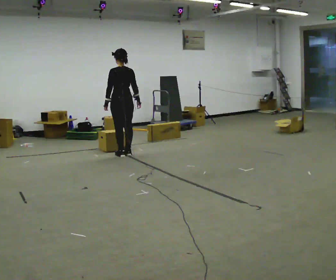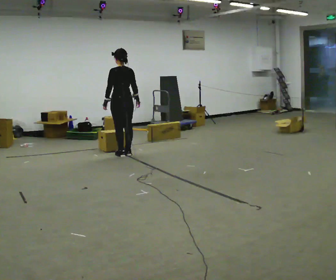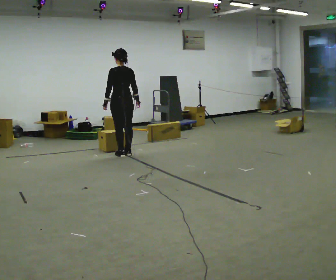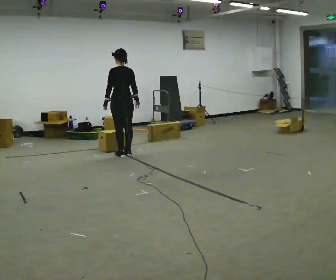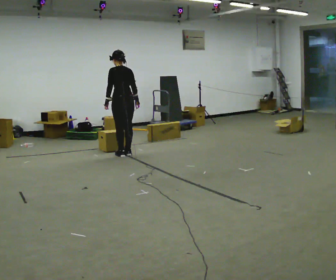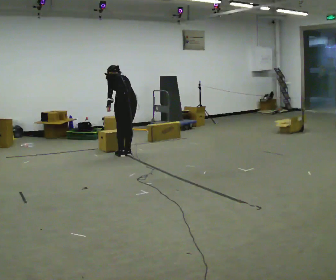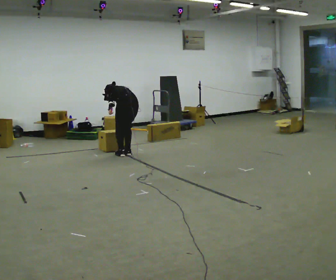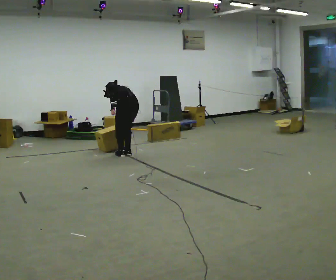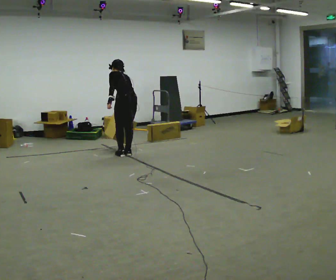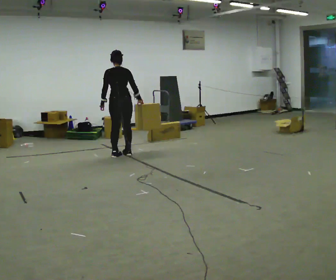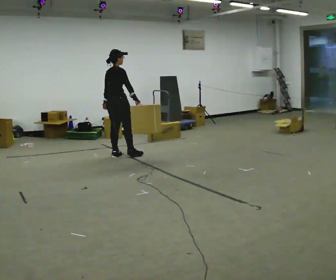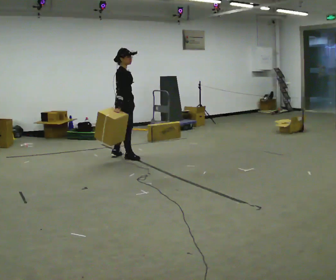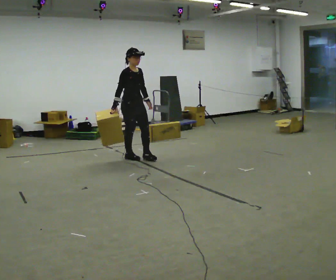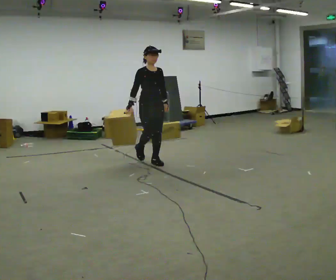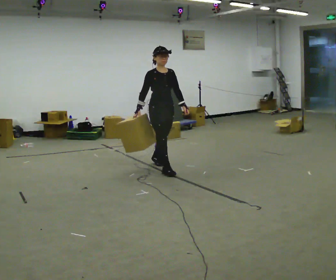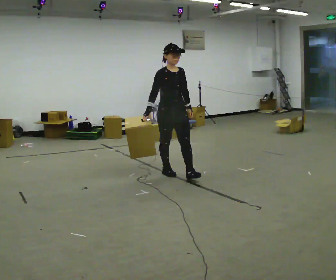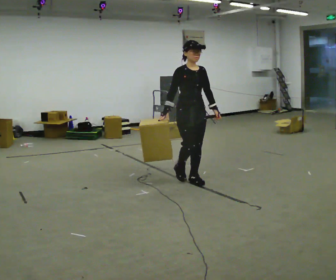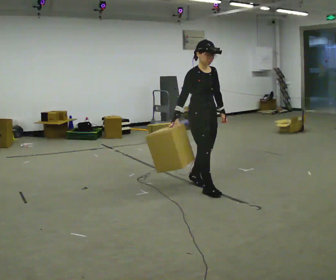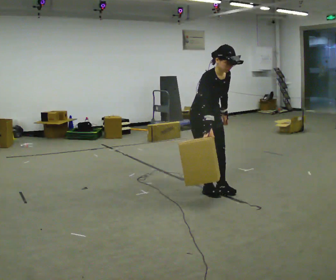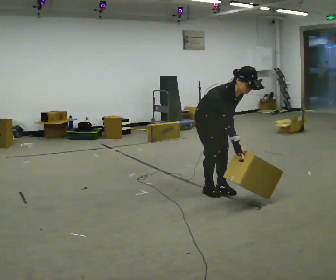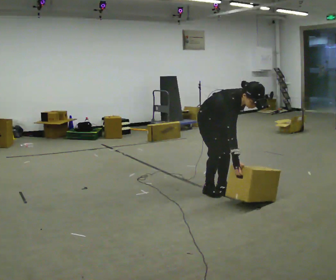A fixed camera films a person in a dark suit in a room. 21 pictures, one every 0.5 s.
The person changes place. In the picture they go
toward the camera.
0.0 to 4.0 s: The person moves a little, or ends about where they began.
4.0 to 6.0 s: Seen from above the body turns clockwise, about 165 degrees: to their right, with its near side sliding to the left. In the picture they go toward the camera, about 0.25 m in 2 steps. The upper body tips toward the camera, its near side rolling downward, as they lean back or straighten. In the picture their left hand goes to the right, the arm swinging counterclockwise.
6.0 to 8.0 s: The part of the body nearest the lens slides to the left as the person turns to their right by about 30 degrees. In the picture they go toward the camera and to the right, about 1.5 m in 3 steps, which for them is forward.
8.0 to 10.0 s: In the picture they go toward the camera and to the right, about 0.5 m in 2 steps, which for them is forward. The upper body goes downward. The upper body tips toward the camera, its near side rolling downward, as they bend forward.
The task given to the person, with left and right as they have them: Carry the box across the room, stopping and starting again each time the operator says stop and go. Do not set the box down.
The film runs forward here.
